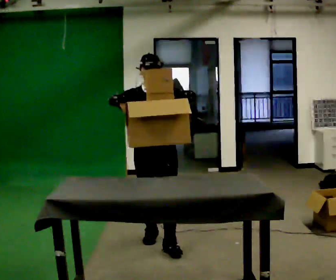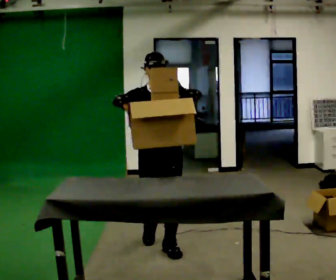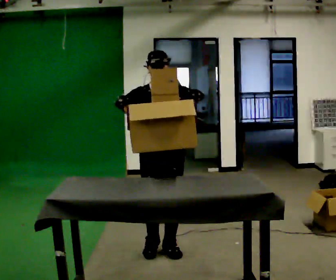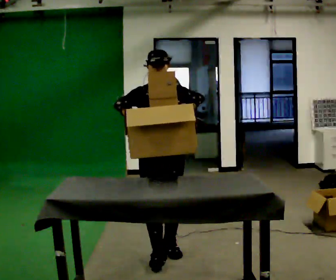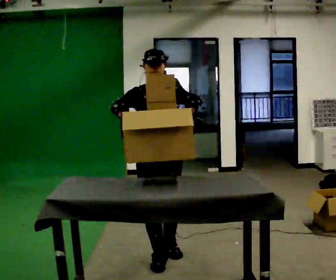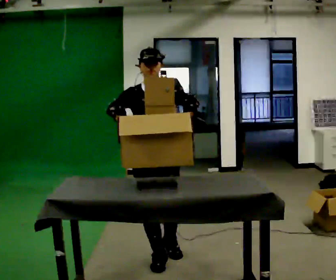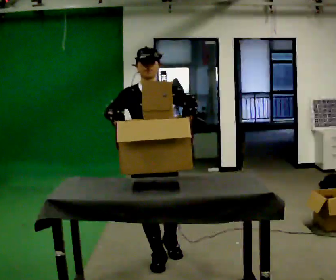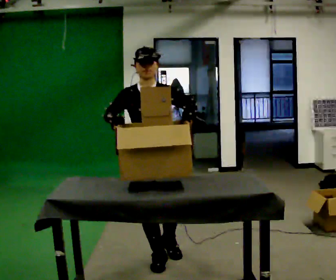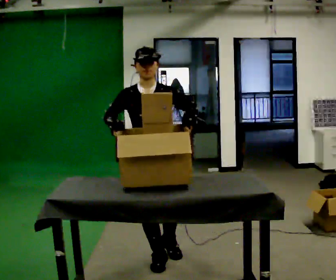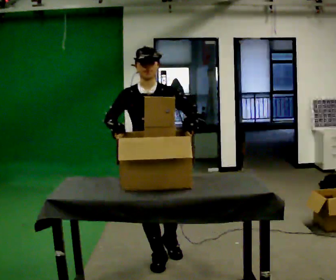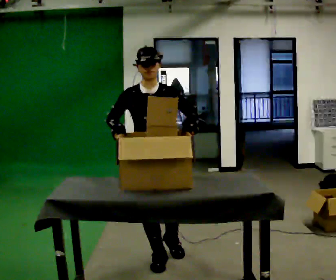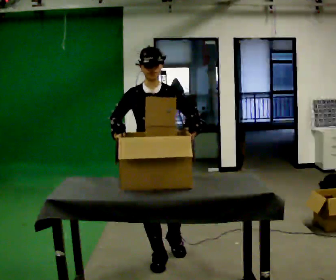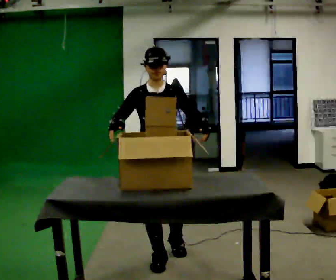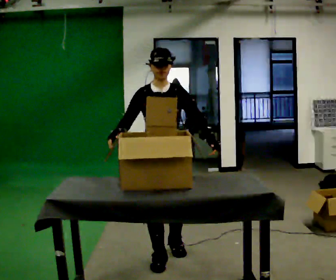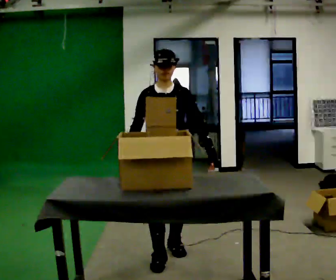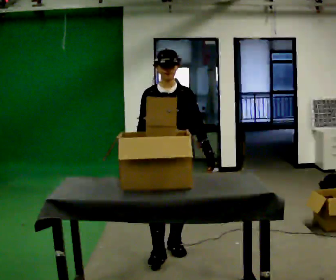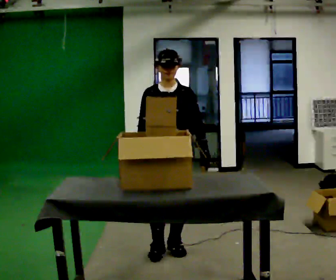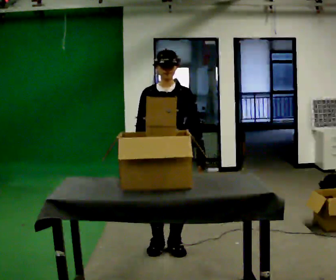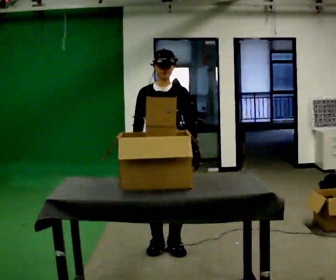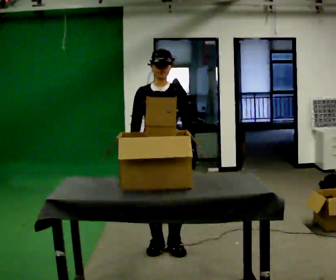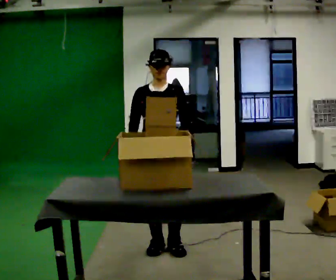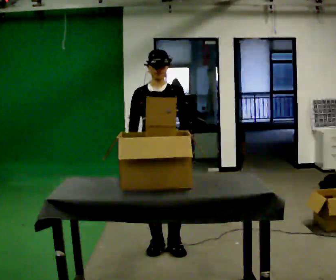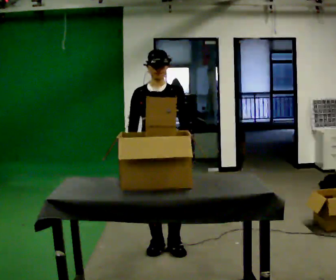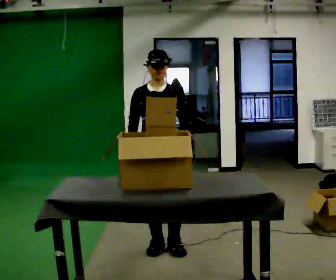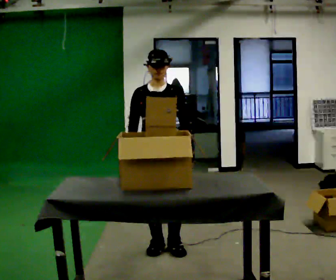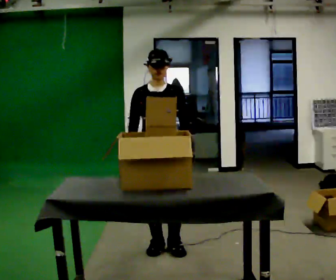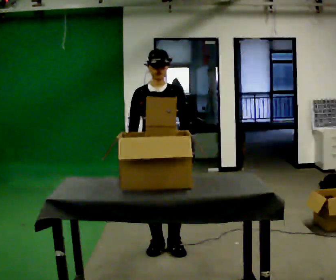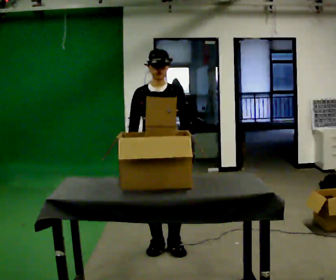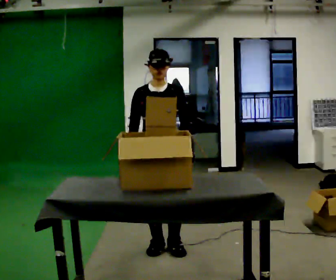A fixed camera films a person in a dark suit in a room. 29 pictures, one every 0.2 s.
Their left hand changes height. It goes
downward.
0.0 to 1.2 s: In the picture they go toward the camera, about 0.5 m in 1 step, which for them is forward.
1.2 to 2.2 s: The person moves a little, or ends about where they began.
2.2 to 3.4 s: In the picture they go away from the camera, about 0.25 m in 1 step, which for them is backward.
3.4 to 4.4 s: The person moves a little, or ends about where they began.
4.4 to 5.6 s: The person keeps their place and pose.
The film runs forward here.
